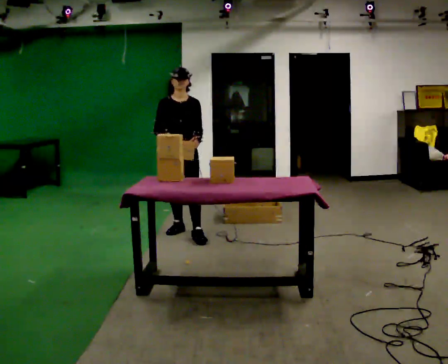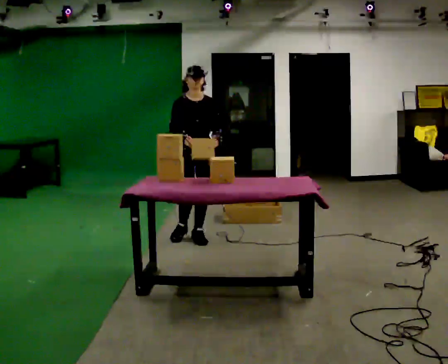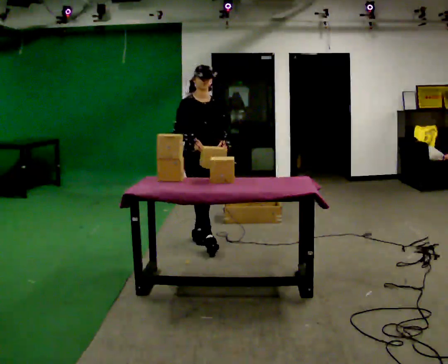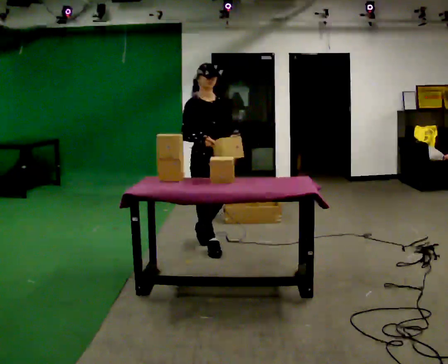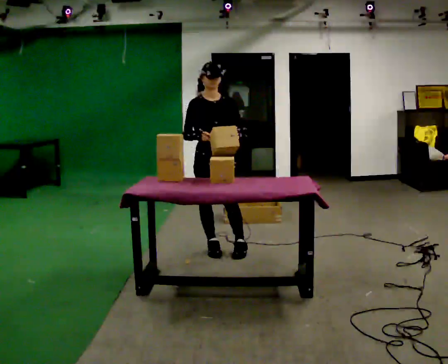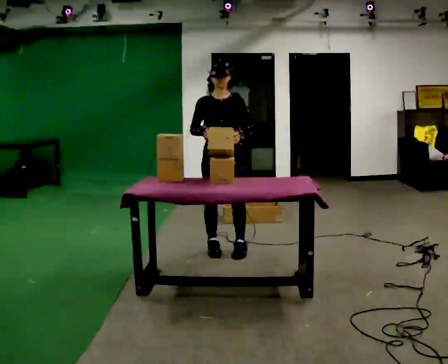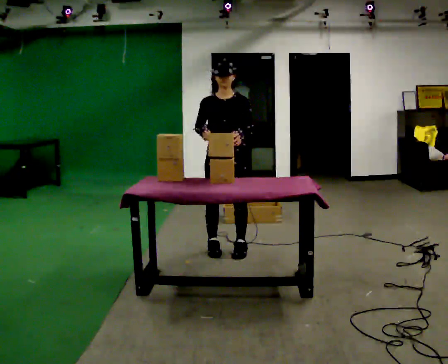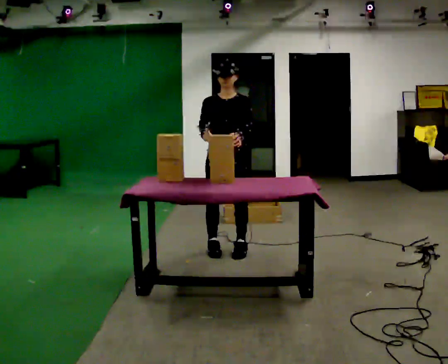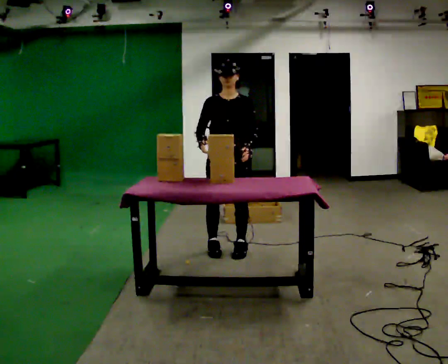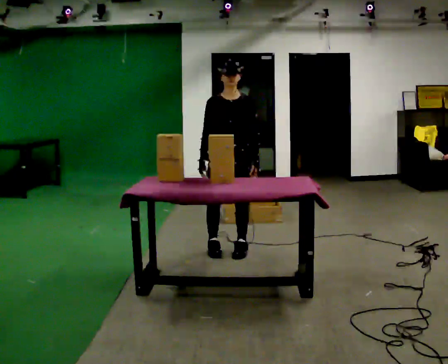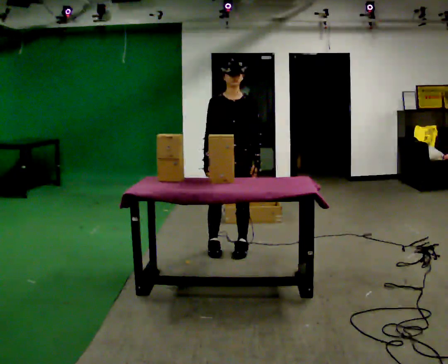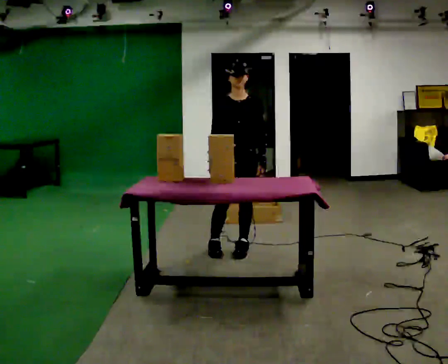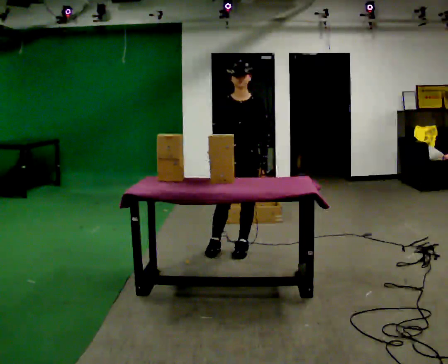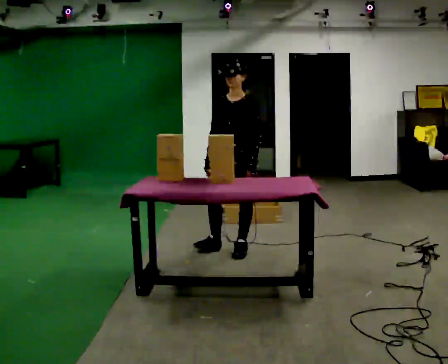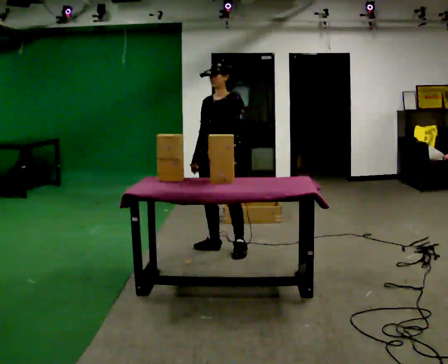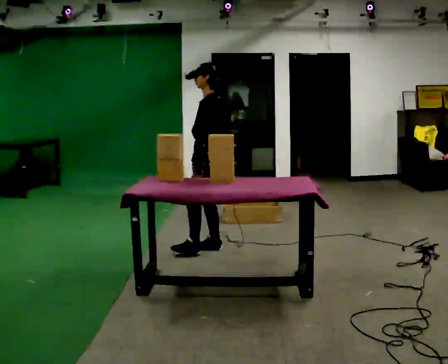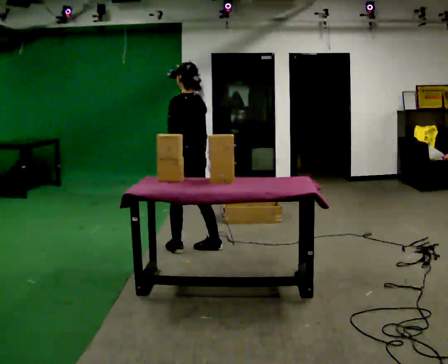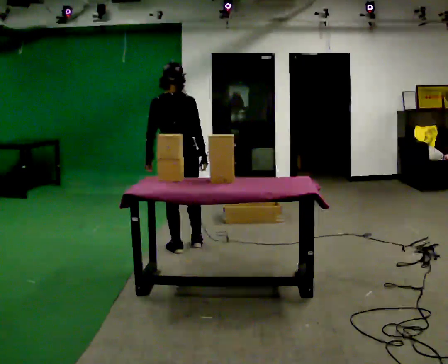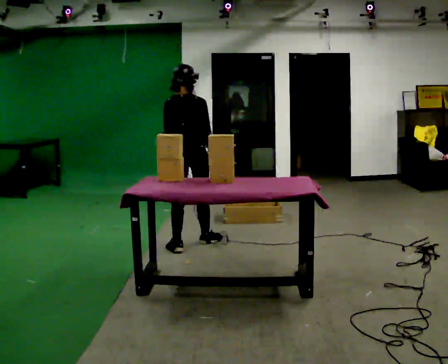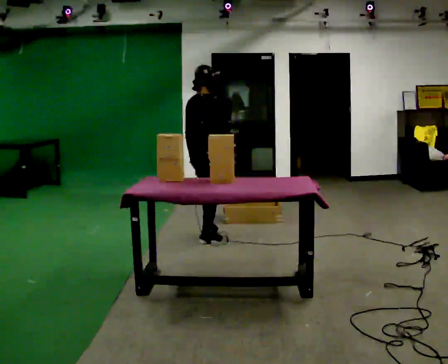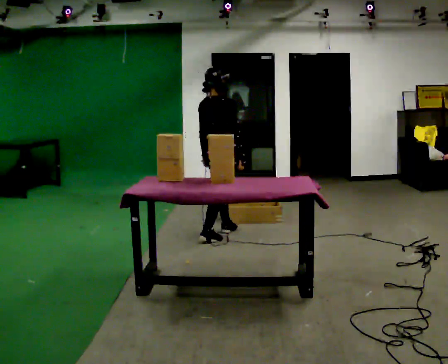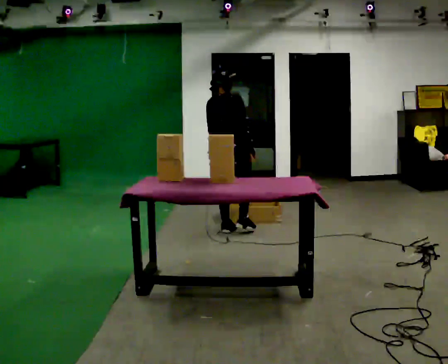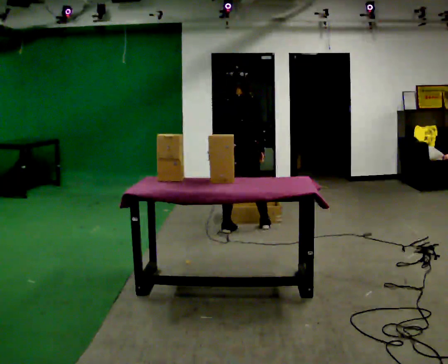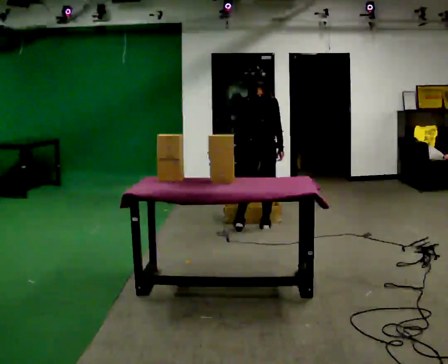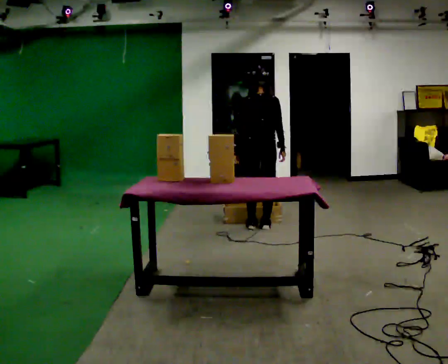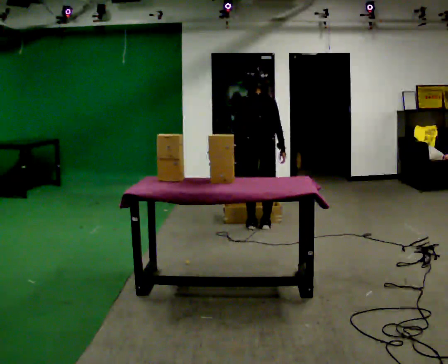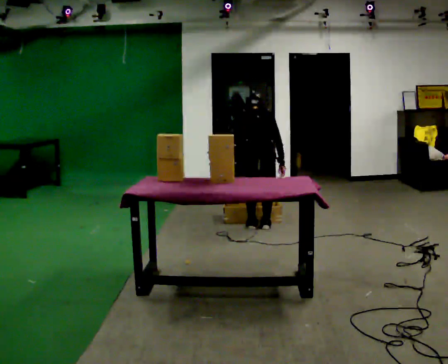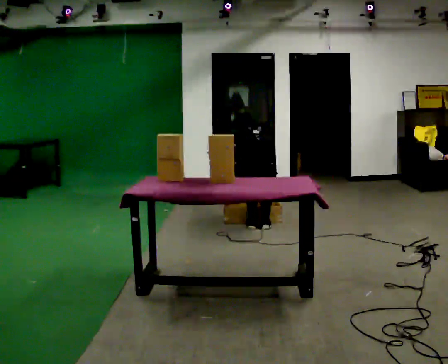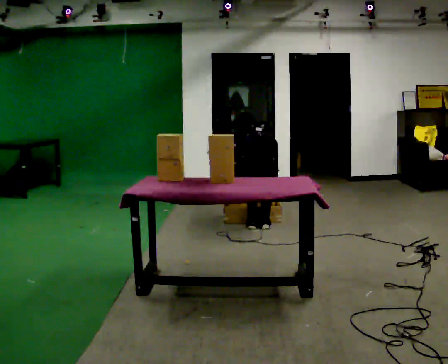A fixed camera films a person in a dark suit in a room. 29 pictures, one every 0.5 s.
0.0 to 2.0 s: In the picture they go toward the camera and to the right, about 0.75 m in 2 steps, which for them is forward.
2.0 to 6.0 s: In the picture they go to the right, about 0.25 m, which for them is to their left.
6.0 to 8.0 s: The person turns about 120 degrees to their right, clockwise seen from above, so the part of the body nearest the lens slides to the left. In the picture they go to the left, about 0.5 m in 1 step.
8.0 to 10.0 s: Seen from above the body turns clockwise, about 90 degrees: to their right, with its near side sliding to the left. In the picture they go away from the camera and to the right, about 0.5 m in 2 steps.
10.0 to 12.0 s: The part of the body nearest the lens slides to the right as the person turns to their left by about 45 degrees. In the picture they go to the right and away from the camera, about 0.5 m in 2 steps, which for them is to their right and forward.
12.0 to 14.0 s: The upper body goes downward. The upper body tips away from the camera, its near side rolling upward, as they bend forward. In the picture their left hand goes downward.
The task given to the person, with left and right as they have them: Reach down into the deep bin on the floor, take out one object at a time, carry it to the shelf, and come back for the next one. Keep going until the operator says stop; one object at a time, and do not rush between trips.
The film runs forward here.
